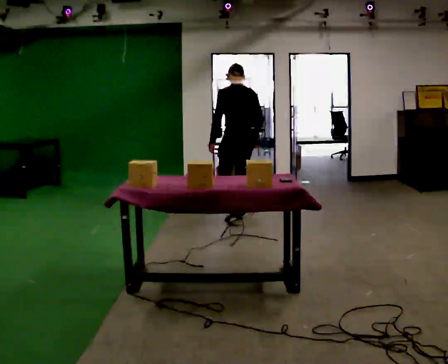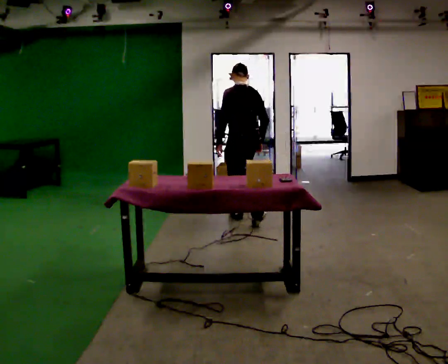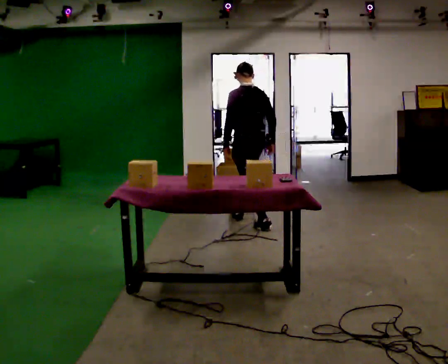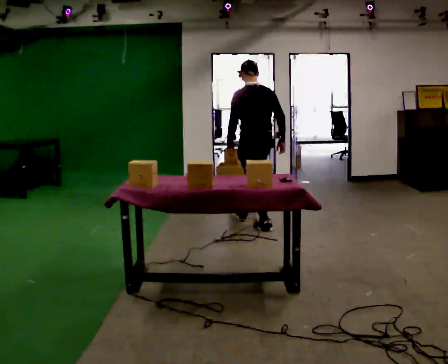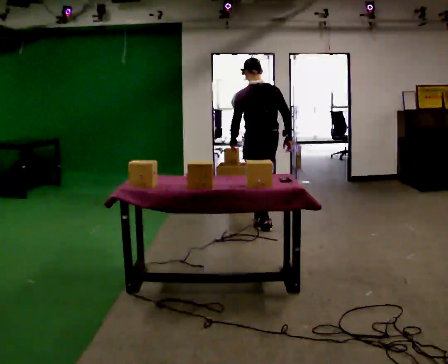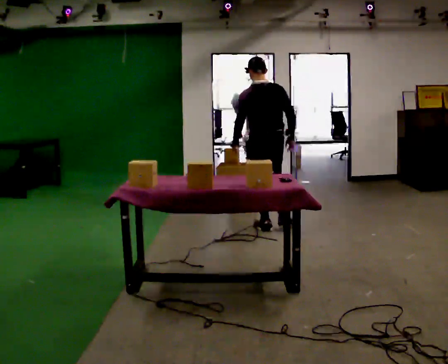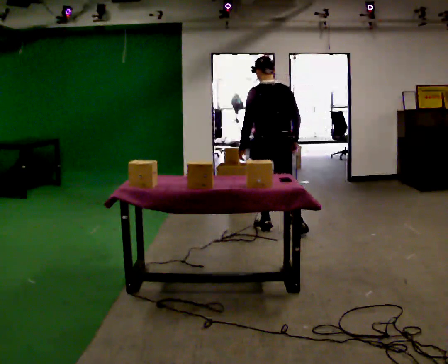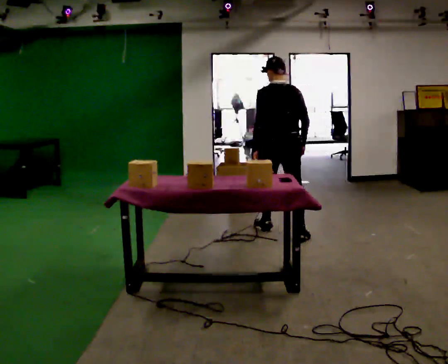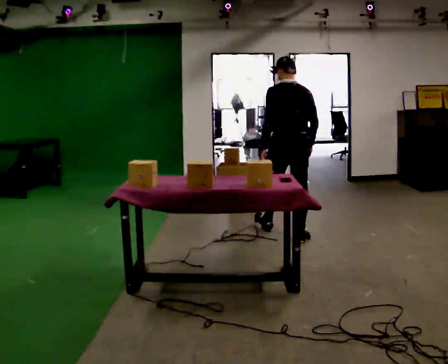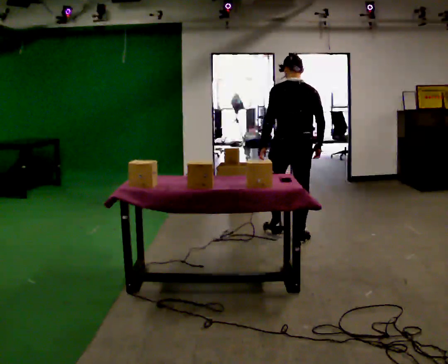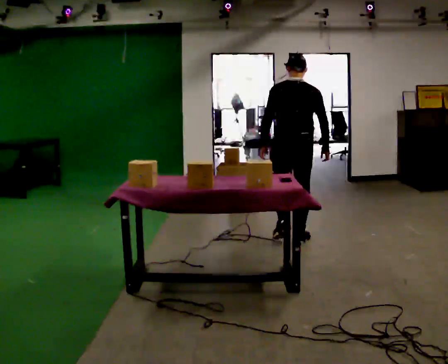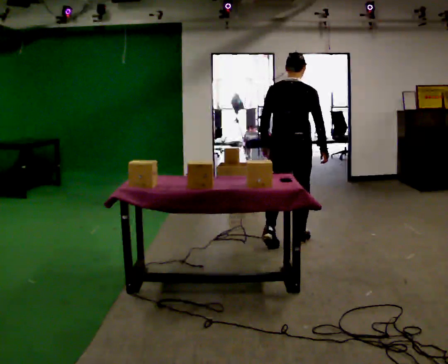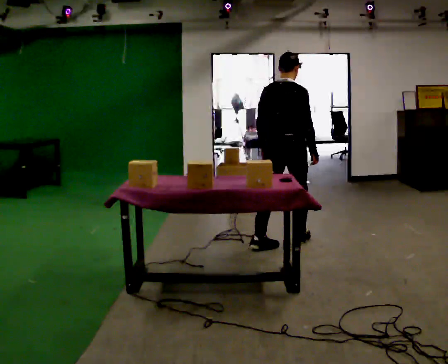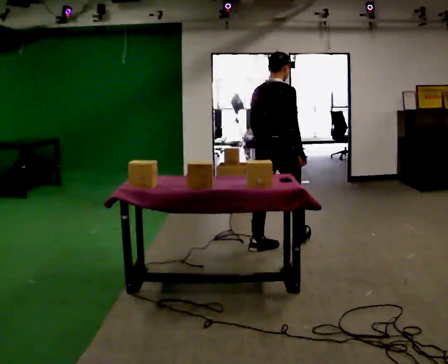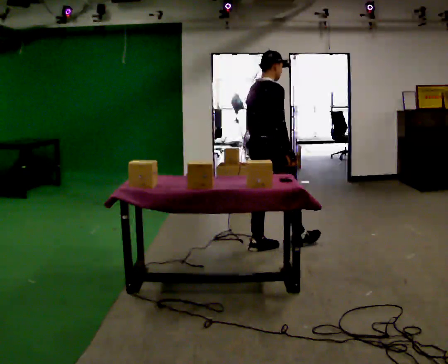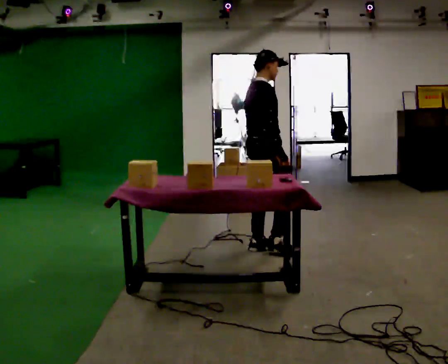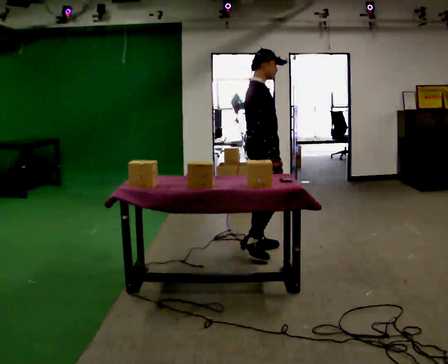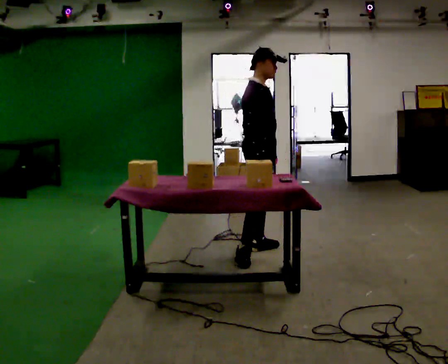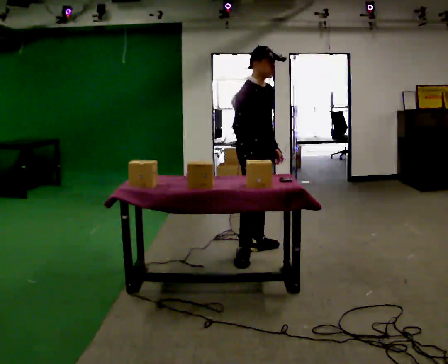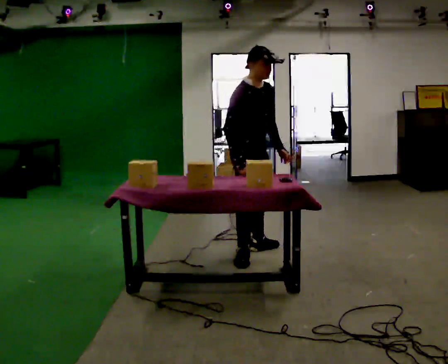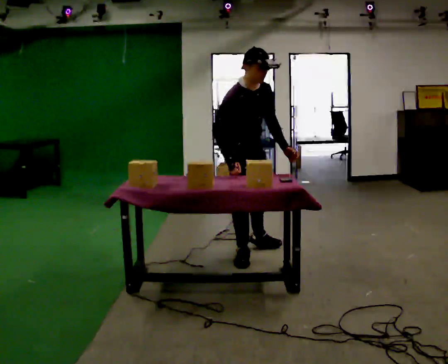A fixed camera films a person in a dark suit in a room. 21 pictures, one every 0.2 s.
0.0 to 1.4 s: In the picture they go toward the camera and to the right, about 0.75 m in 1 step, which for them is backward.
1.4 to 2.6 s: The part of the body nearest the lens slides to the left as the person turns to their right by about 60 degrees. In the picture they go toward the camera, about 0.5 m in 1 step, which for them is backward.
2.6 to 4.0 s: The part of the body nearest the lens slides to the left as the person turns to their right by about 90 degrees. In the picture they go toward the camera and to the left, about 0.5 m in 1 step. The upper body tips toward the camera, its near side rolling downward.
The film runs backward here.
